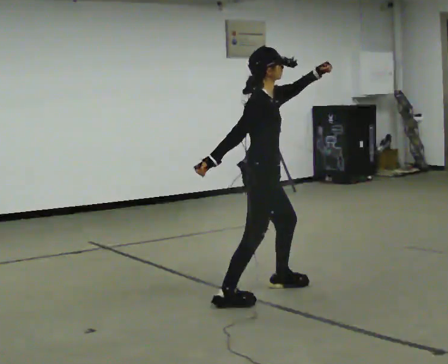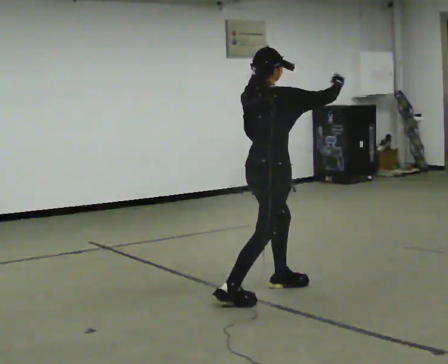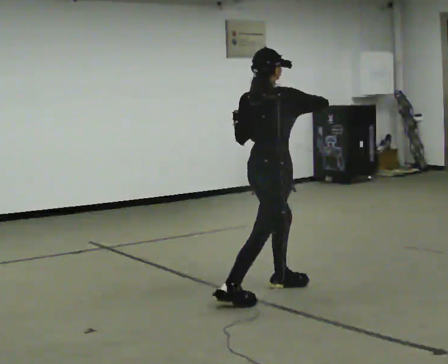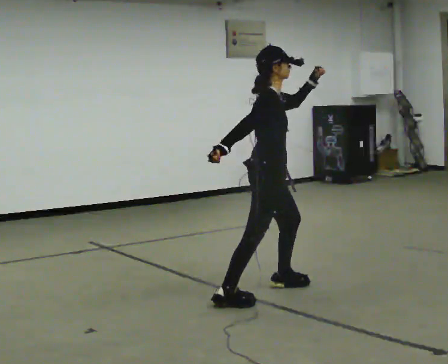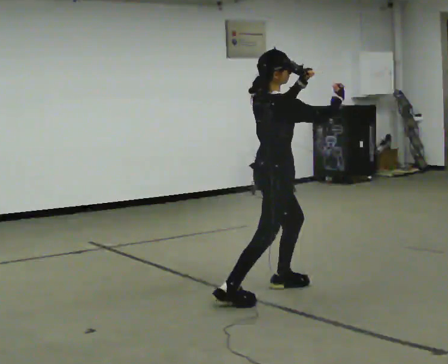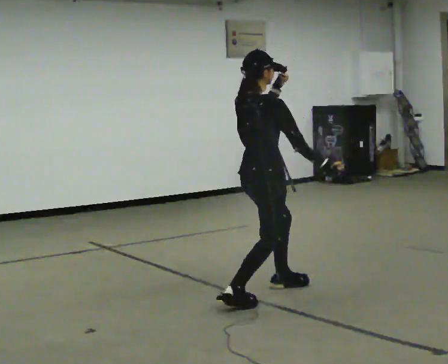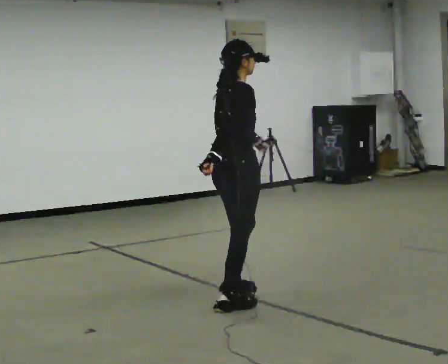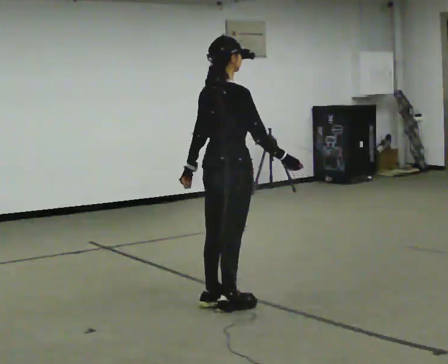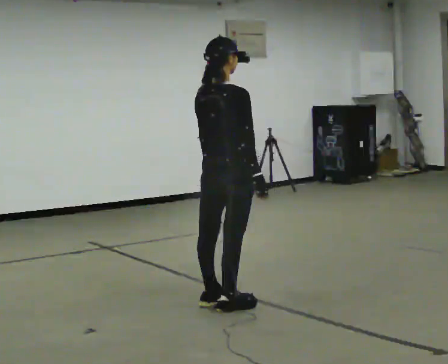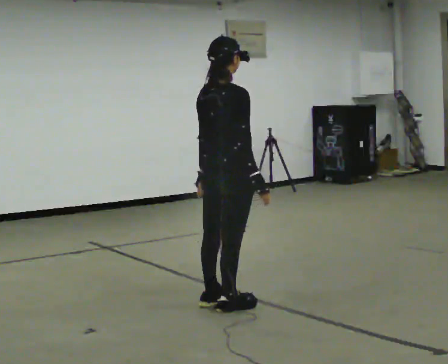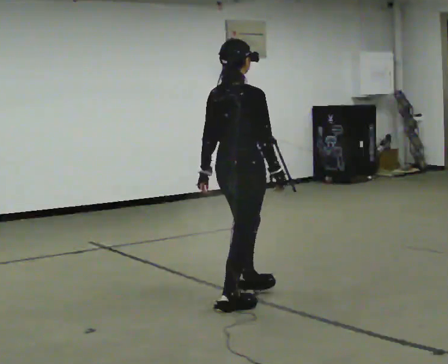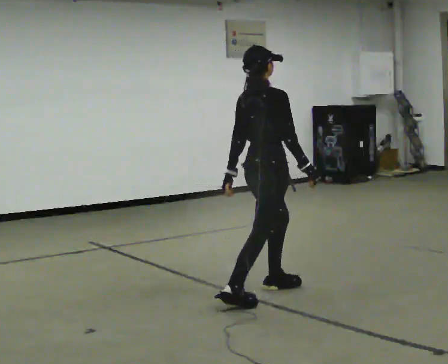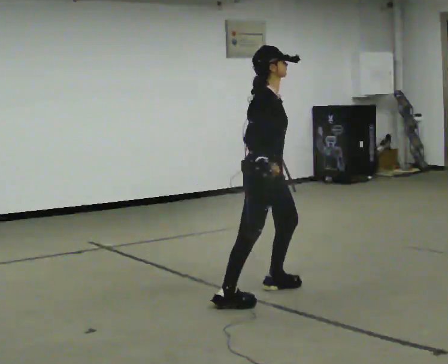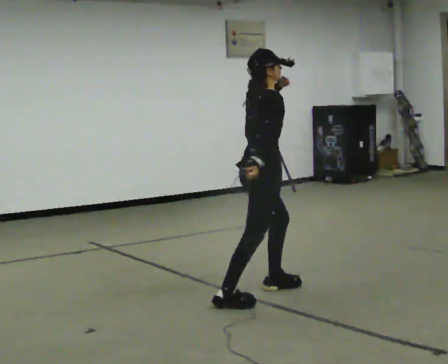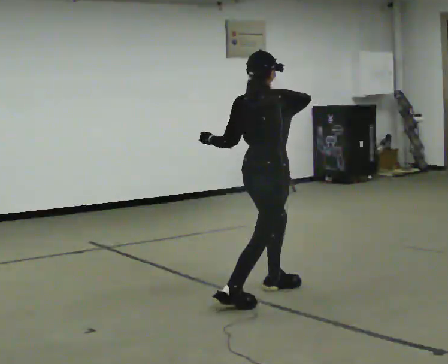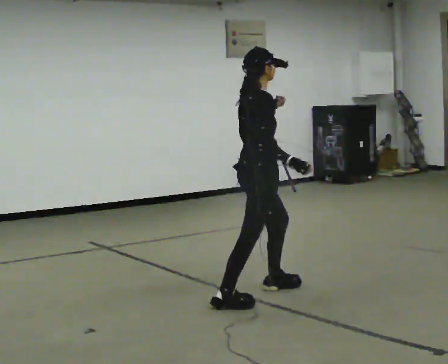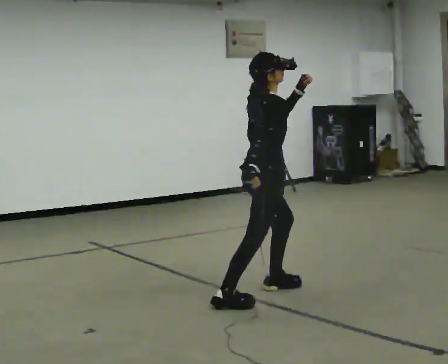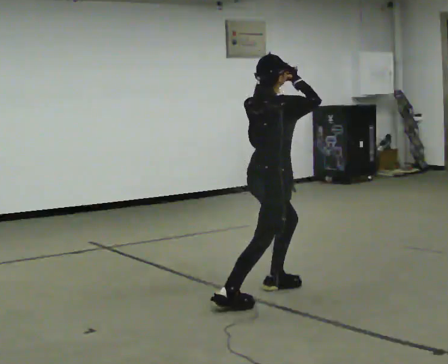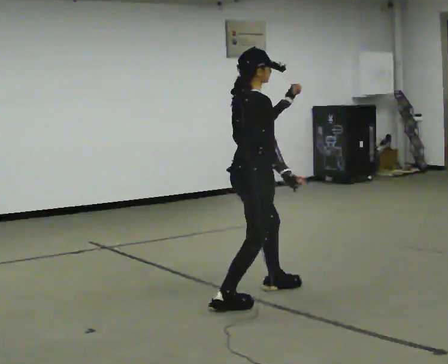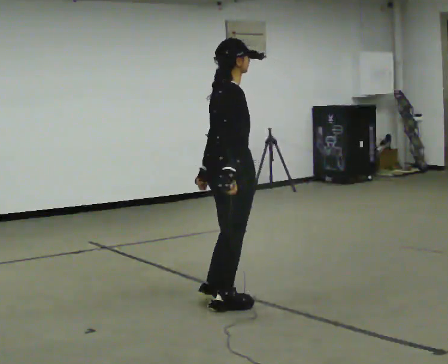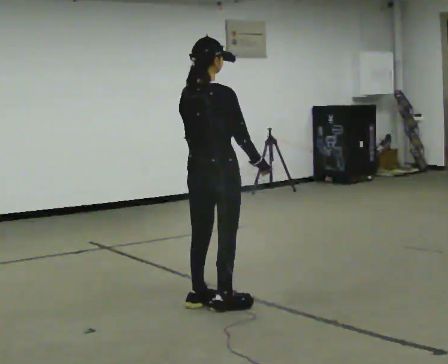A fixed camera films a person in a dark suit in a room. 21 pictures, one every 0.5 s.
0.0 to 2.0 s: In the picture their right hand goes to the right and upward.
2.0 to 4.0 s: Seen from above the body turns counterclockwise, about 30 degrees: to their left, with its near side sliding to the right. In the picture they go to the left and toward the camera, about 0.5 m in 1 step, which for them is backward and to their right. In the picture their right hand goes downward.
4.0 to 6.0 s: The part of the body nearest the lens slides to the left as the person turns to their right by about 75 degrees. In the picture they go away from the camera and to the right, about 0.25 m in 1 step.
6.0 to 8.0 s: The person turns about 45 degrees to their left, counterclockwise seen from above, so the part of the body nearest the lens slides to the right. In the picture their left hand goes upward.
8.0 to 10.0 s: Seen from above the body turns counterclockwise, about 30 degrees: to their left, with its near side sliding to the right. In the picture they go to the left and toward the camera, about 0.5 m in 1 step, which for them is backward and to their right. In the picture their left hand goes downward.
The film runs forward here.
